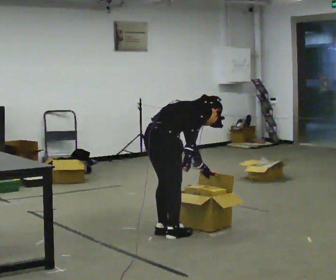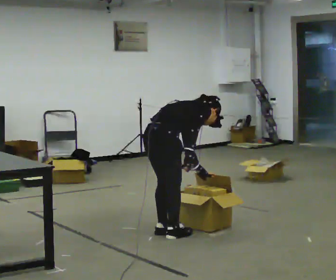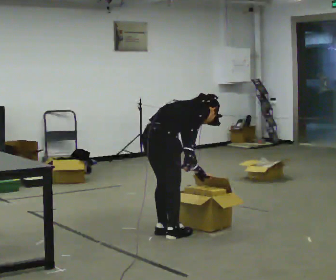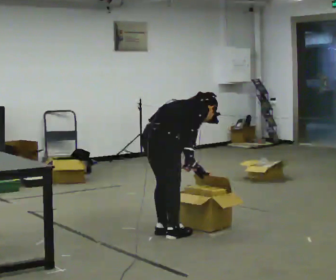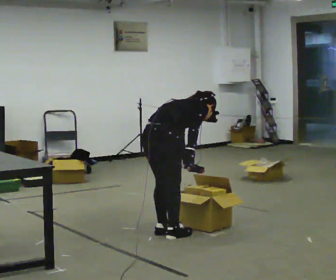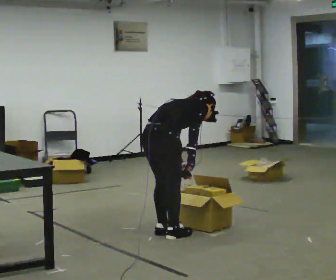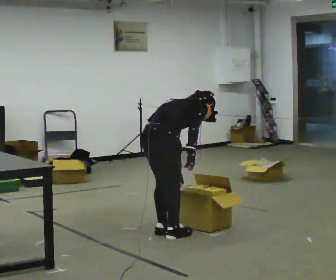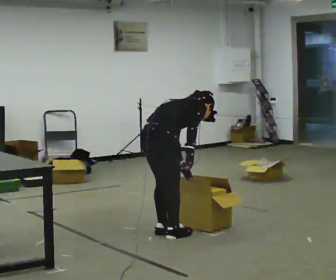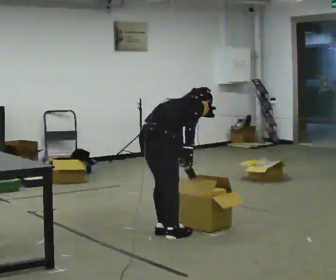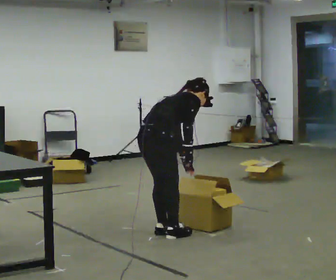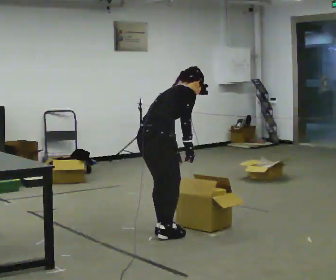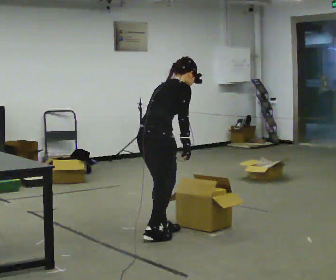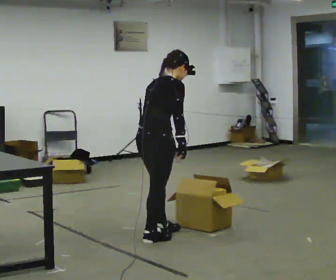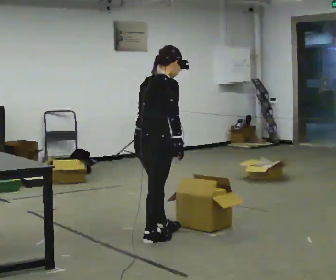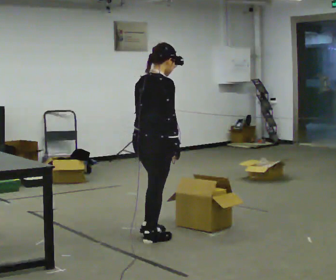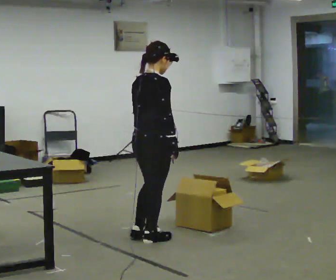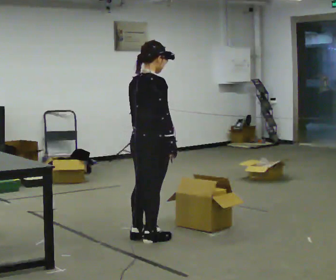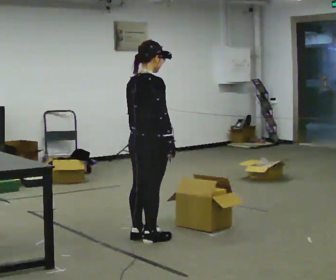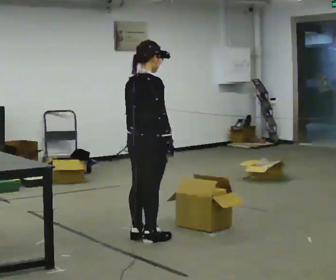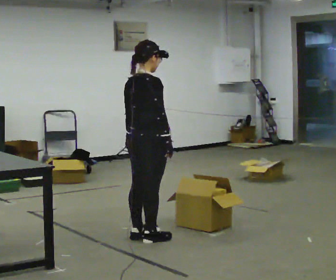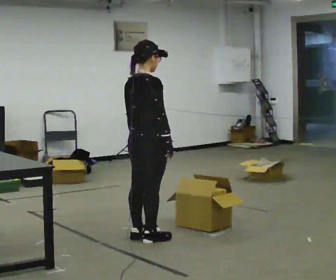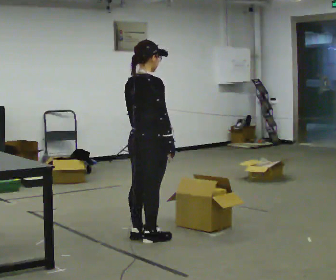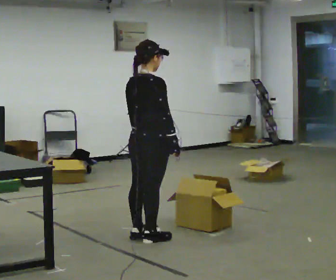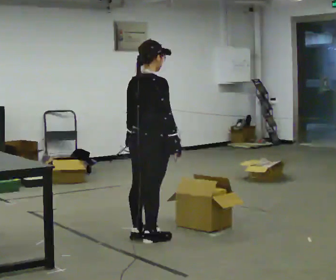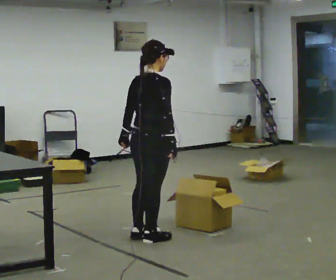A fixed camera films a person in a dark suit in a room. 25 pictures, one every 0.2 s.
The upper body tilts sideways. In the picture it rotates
counterclockwise.
The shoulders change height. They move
upward.
0.0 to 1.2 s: The person moves a little, or ends about where they began.
1.2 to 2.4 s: The shoulders move upward. In the picture the upper body tilts counterclockwise, shoulders to the left, as they lean back or straighten.
2.4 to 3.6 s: In the picture the upper body tilts counterclockwise, shoulders to the left, as they lean back or straighten.
3.6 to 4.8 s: The person moves a little, or ends about where they began.
The film runs backward here.
